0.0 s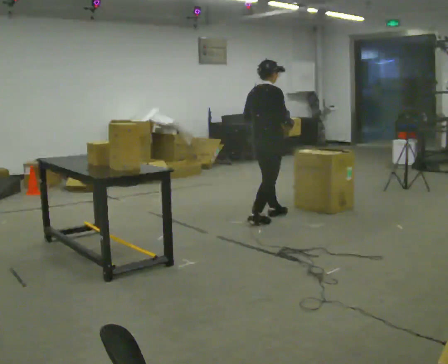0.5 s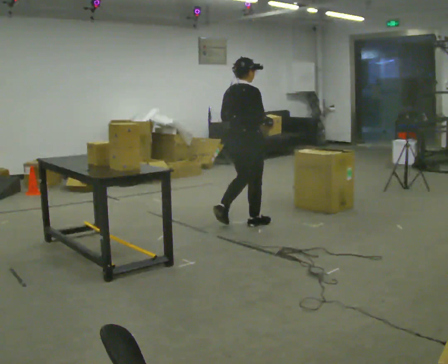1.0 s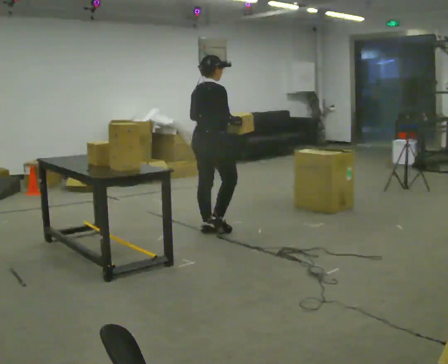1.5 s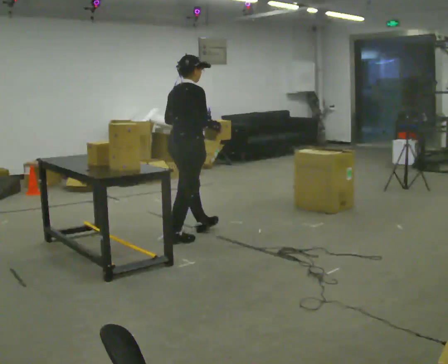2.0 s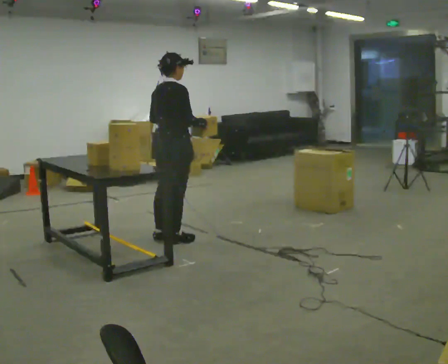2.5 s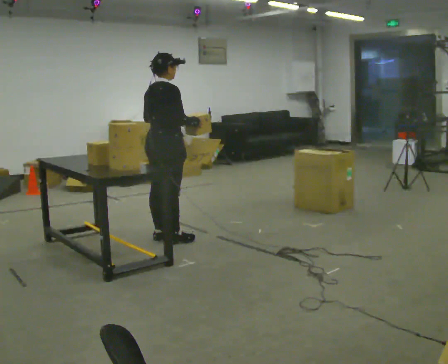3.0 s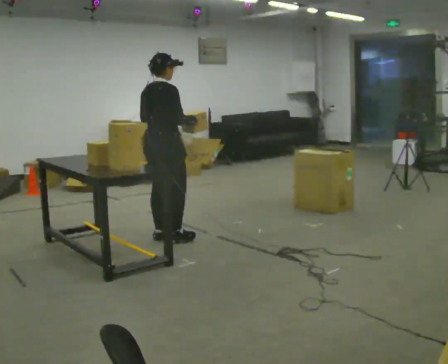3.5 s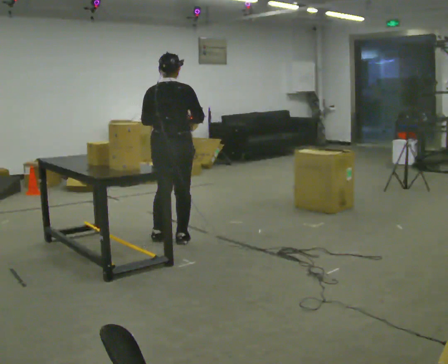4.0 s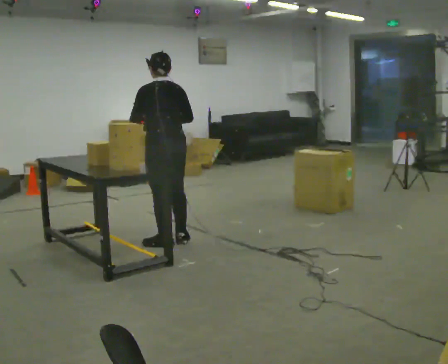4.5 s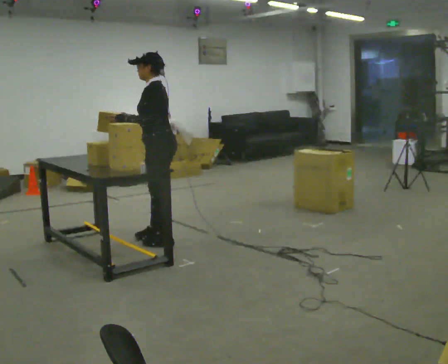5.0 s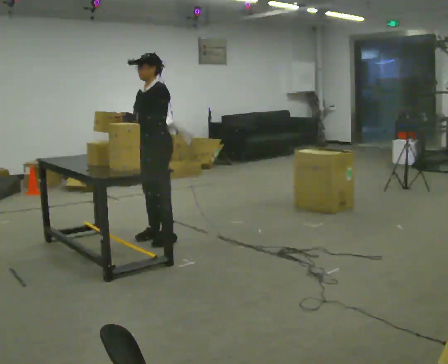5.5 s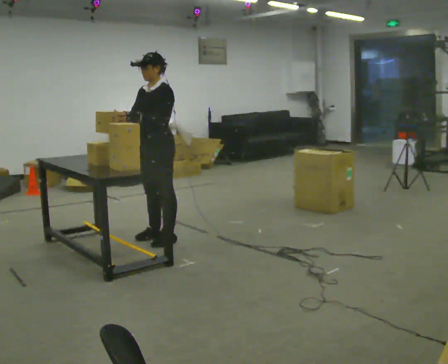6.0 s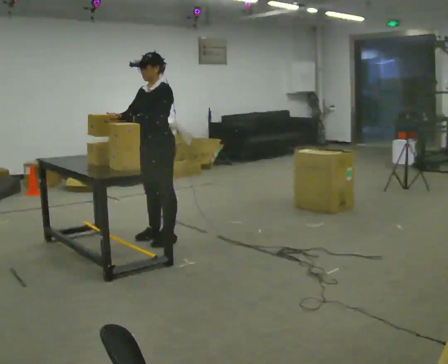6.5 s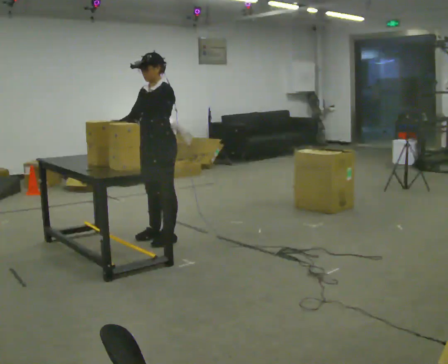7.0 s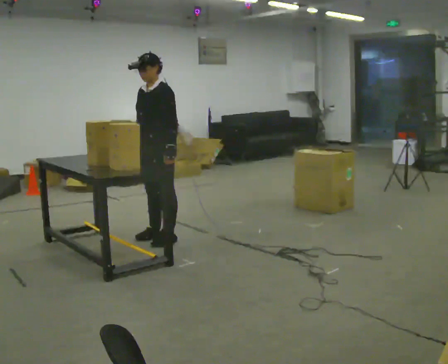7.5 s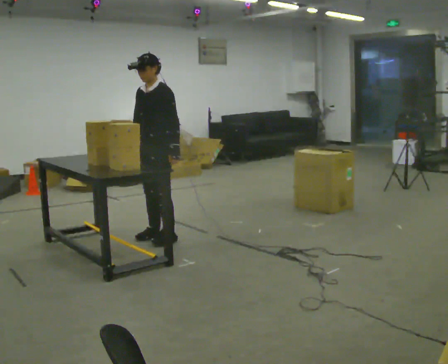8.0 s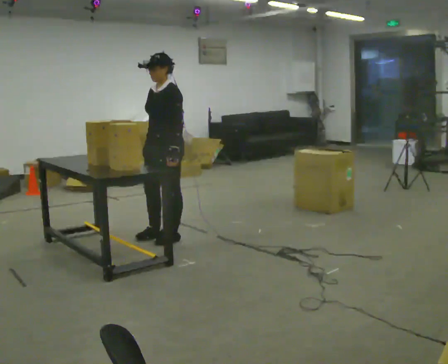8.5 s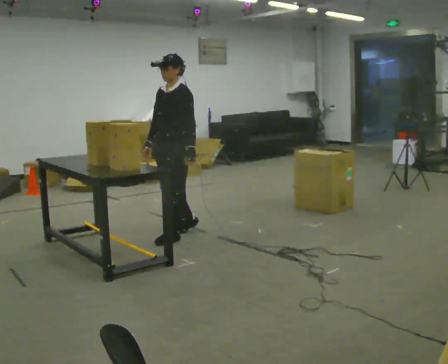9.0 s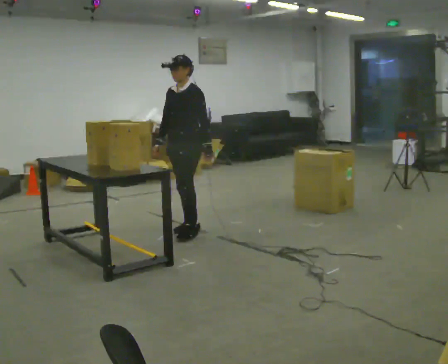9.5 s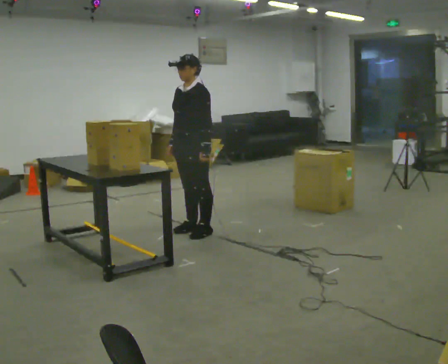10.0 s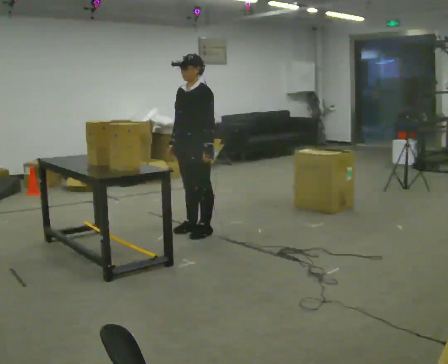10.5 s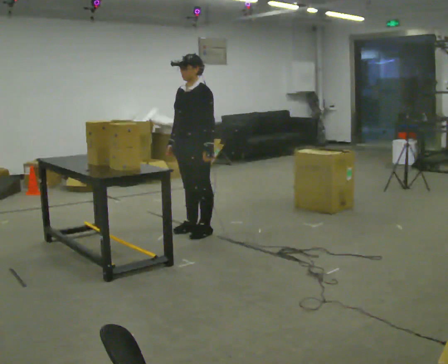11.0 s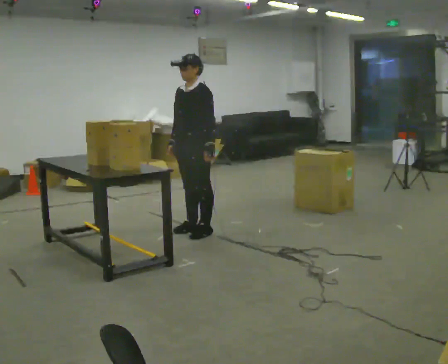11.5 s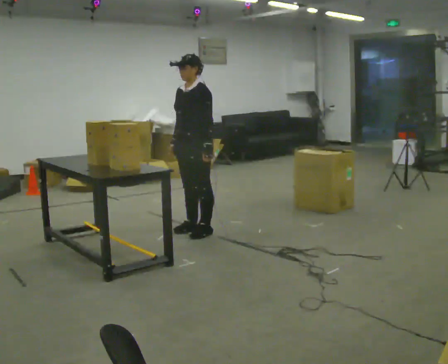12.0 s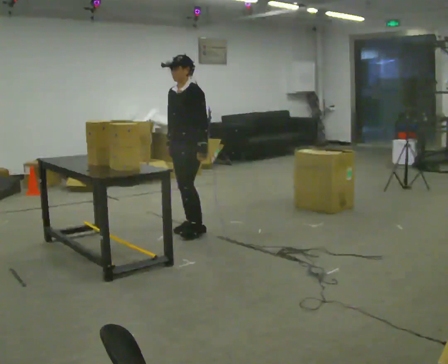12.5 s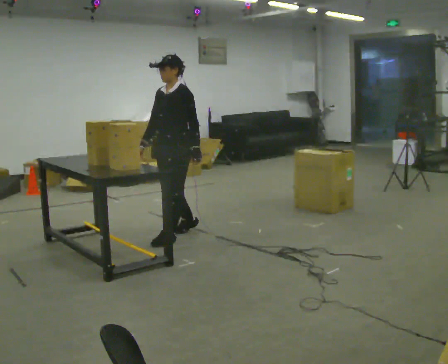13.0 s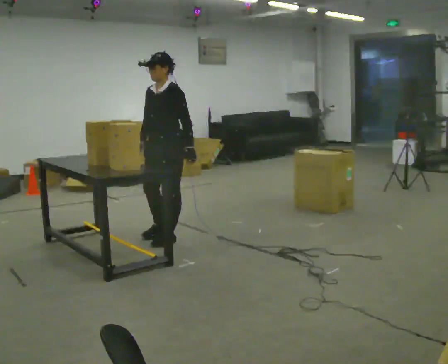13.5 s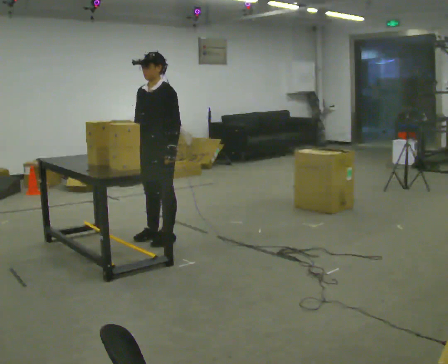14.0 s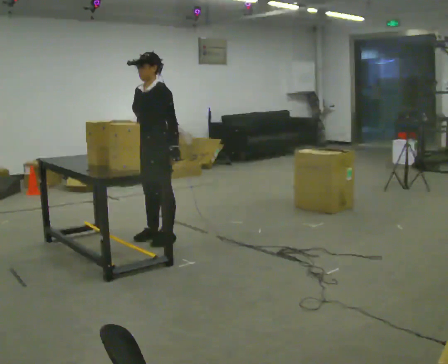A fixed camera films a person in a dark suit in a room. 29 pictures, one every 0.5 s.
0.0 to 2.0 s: In the picture they go to the left and toward the camera, about 1 m in 3 steps, which for them is backward.
2.0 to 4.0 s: The part of the body nearest the lens slides to the right as the person turns to their left by about 90 degrees.
4.0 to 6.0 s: The person turns about 105 degrees to their left, counterclockwise seen from above, so the part of the body nearest the lens slides to the right. In the picture their right hand goes to the left.
6.0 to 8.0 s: The person moves a little, or ends about where they began.
8.0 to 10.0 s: In the picture they go to the right and away from the camera, about 0.25 m in 2 steps, which for them is backward.
10.0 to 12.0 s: The person moves a little, or ends about where they began.
12.0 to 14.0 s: In the picture they go to the left and toward the camera, about 0.5 m in 1 step, which for them is forward.
The film runs backward here.
